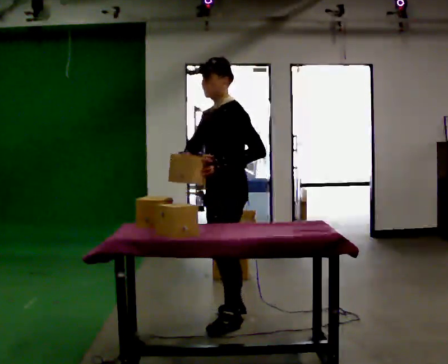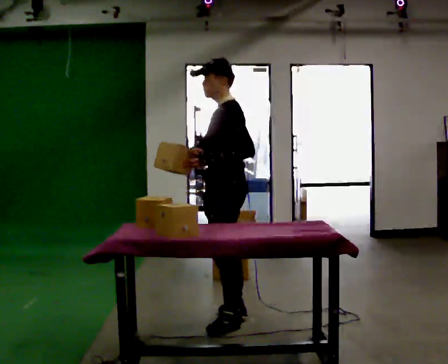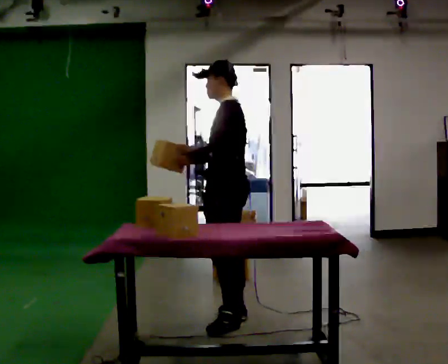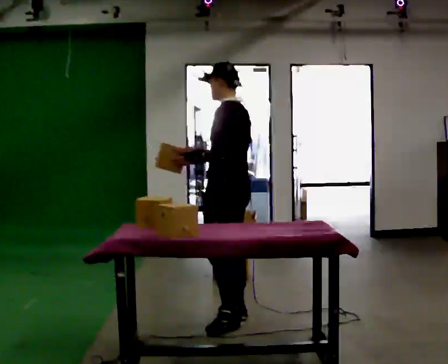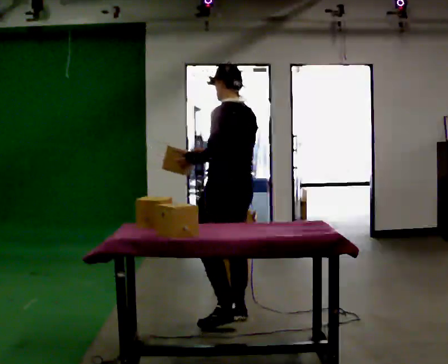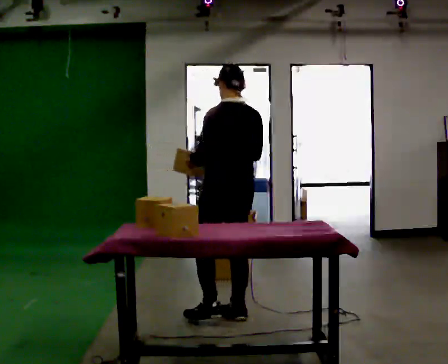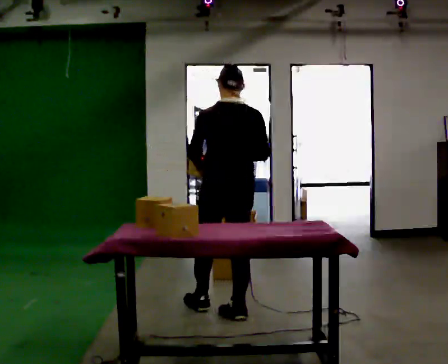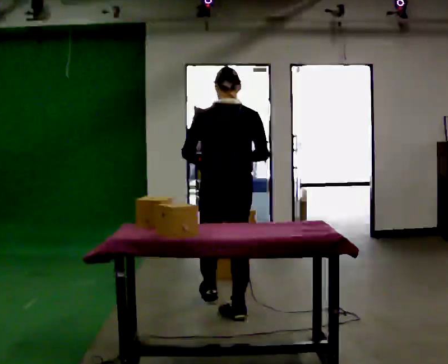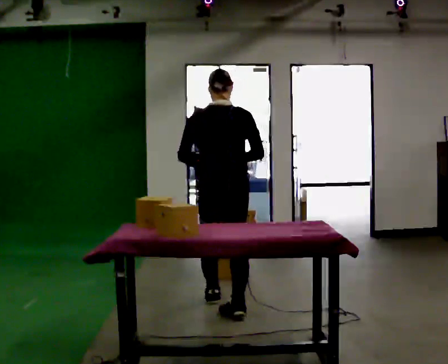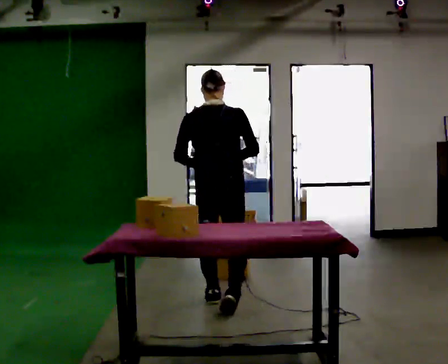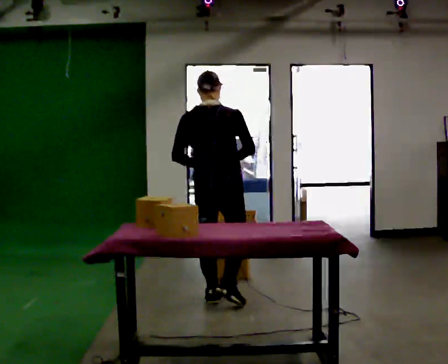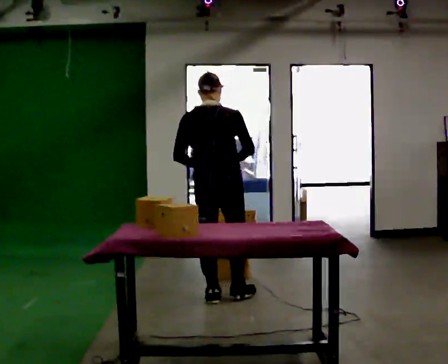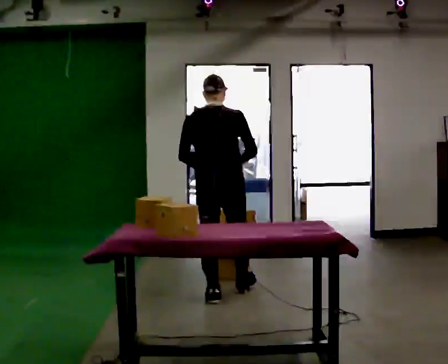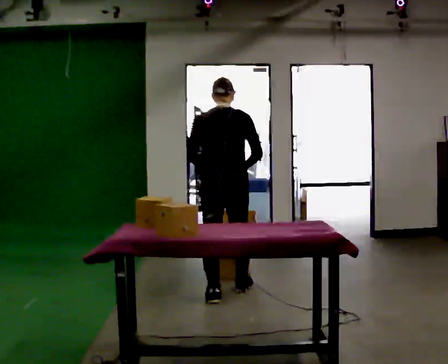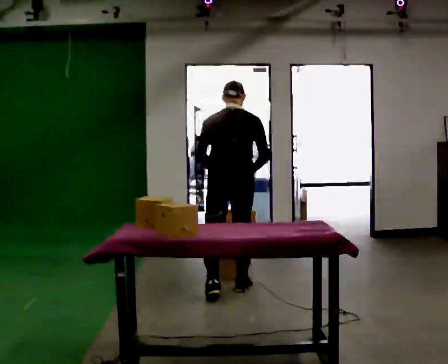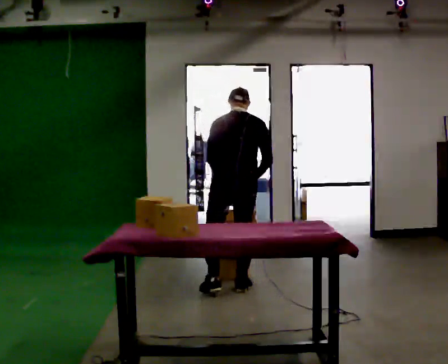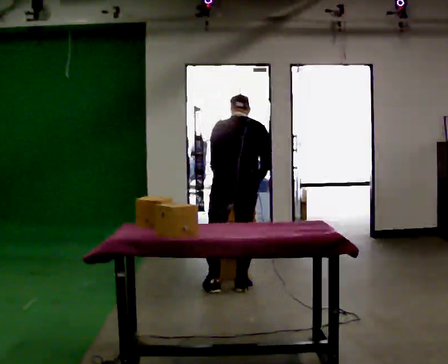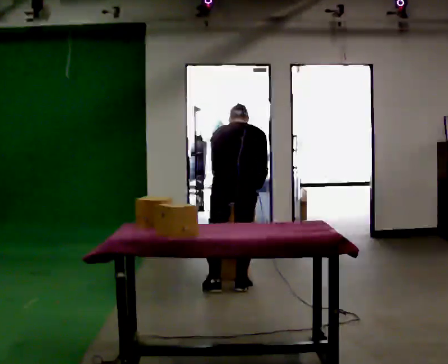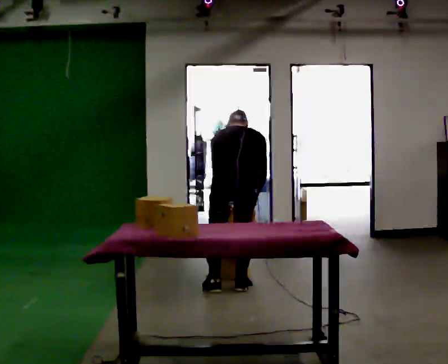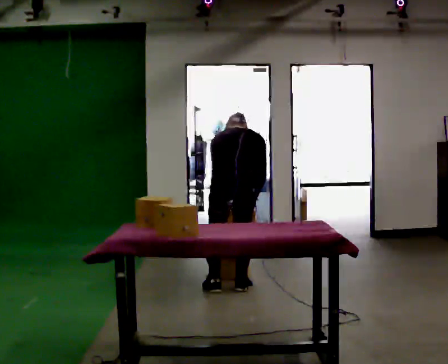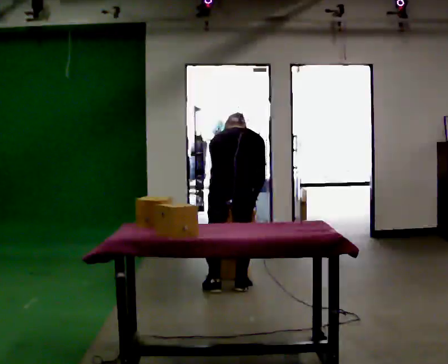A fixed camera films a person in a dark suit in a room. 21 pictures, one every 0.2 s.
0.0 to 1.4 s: The person turns about 105 degrees to their right, clockwise seen from above, so the part of the body nearest the lens slides to the left. In the picture they go away from the camera, about 0.25 m.
1.4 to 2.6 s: In the picture they go away from the camera, about 0.5 m in 2 steps, which for them is forward.
2.6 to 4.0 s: The shoulders move downward. The upper body tips away from the camera, its near side rolling upward, as they bend forward.
The film runs forward here.
